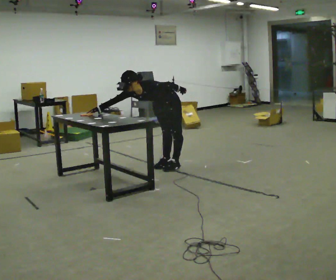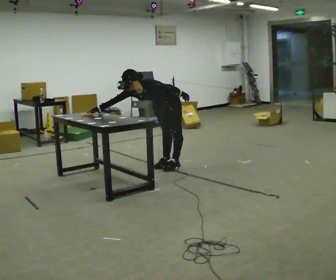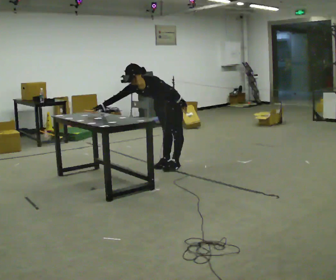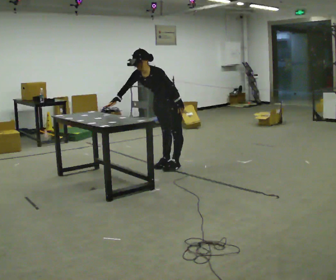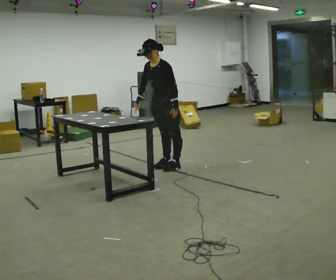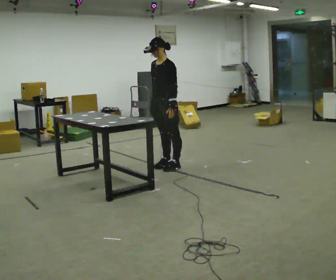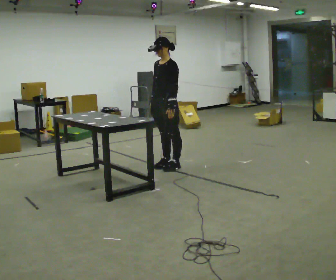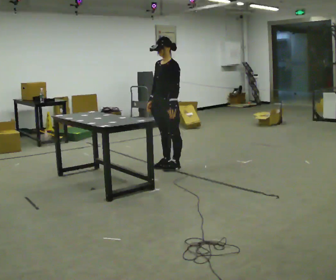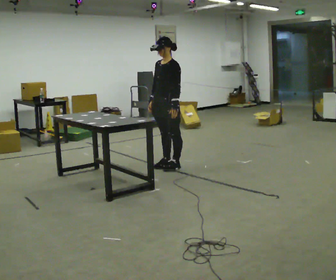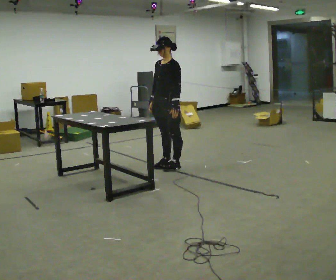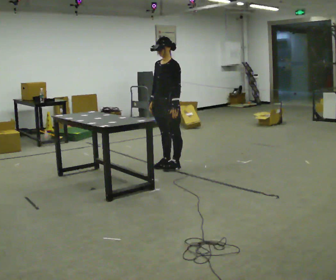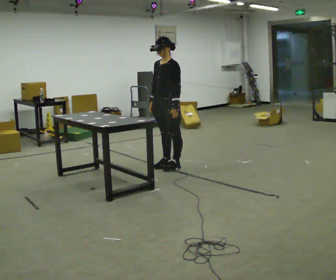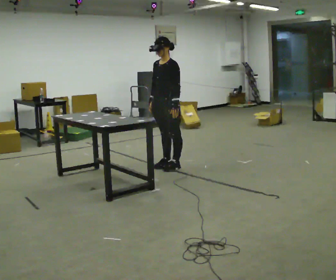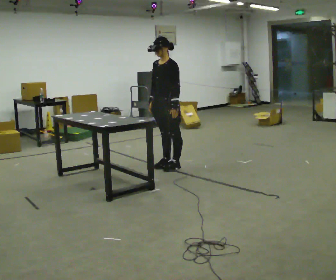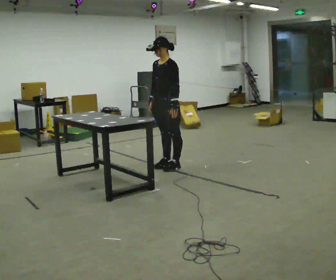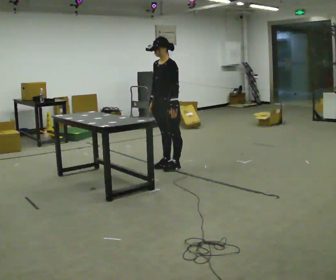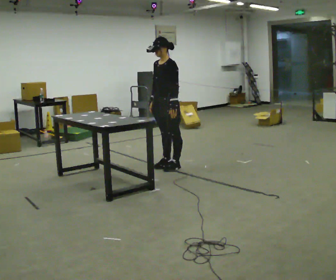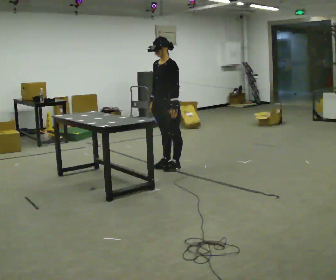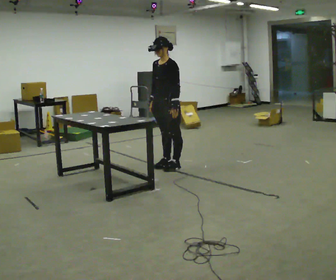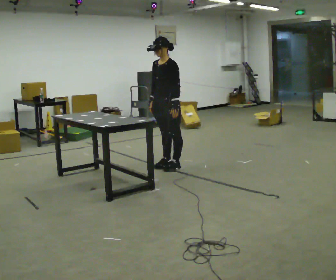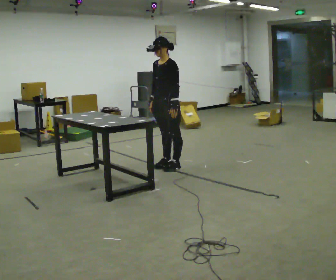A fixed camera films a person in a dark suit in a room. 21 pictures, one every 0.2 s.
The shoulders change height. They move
upward.
Their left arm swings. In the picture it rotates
clockwise.
0.0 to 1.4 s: The upper body goes upward. In the picture the upper body tilts clockwise, shoulders to the right, as they lean back or straighten.
1.4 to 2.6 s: The person moves a little, or ends about where they began.
2.6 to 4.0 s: The person keeps their place and pose.
The film runs forward here.
